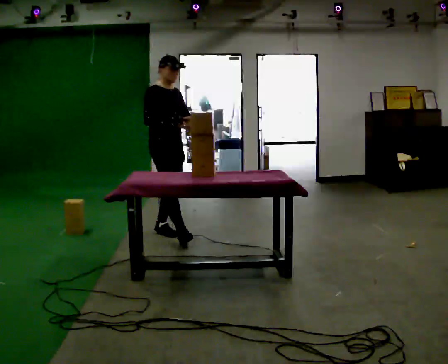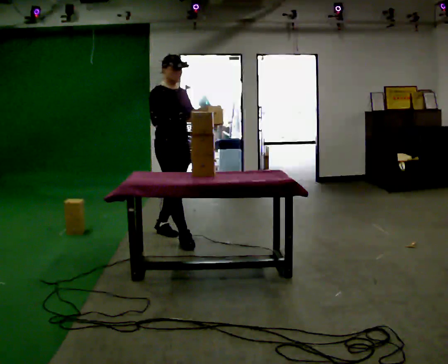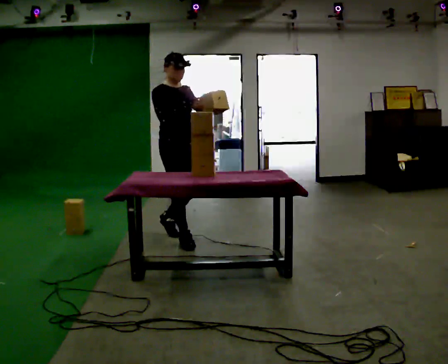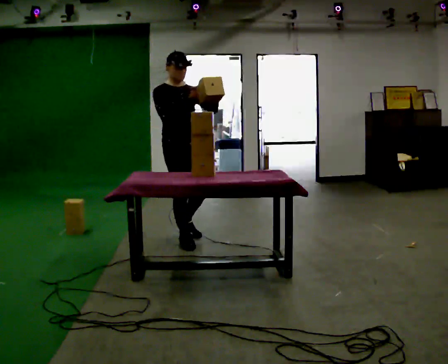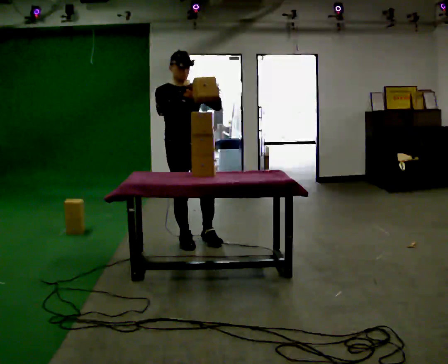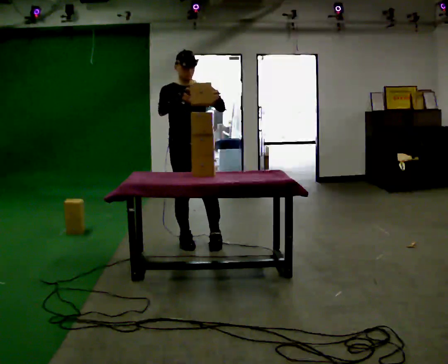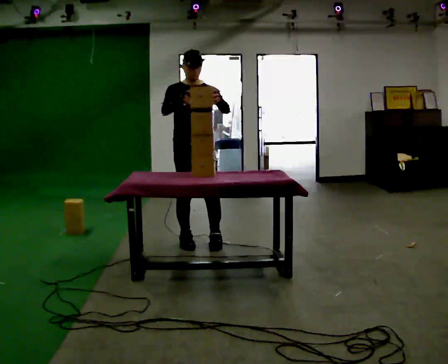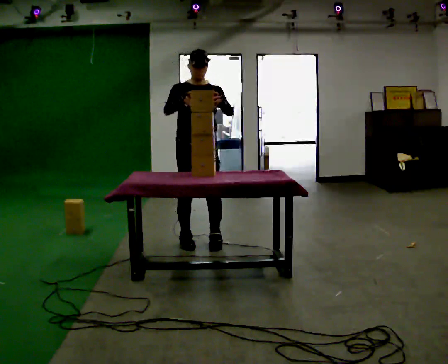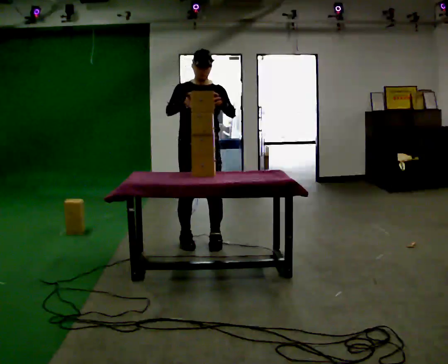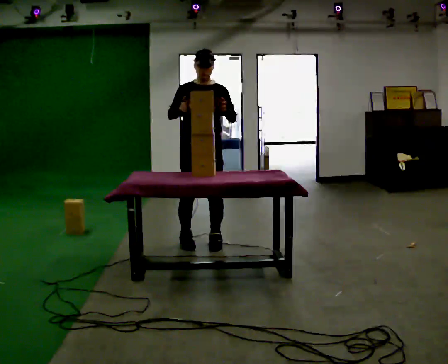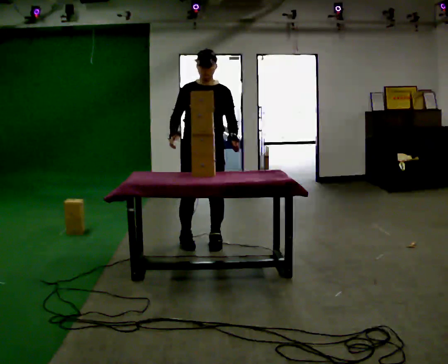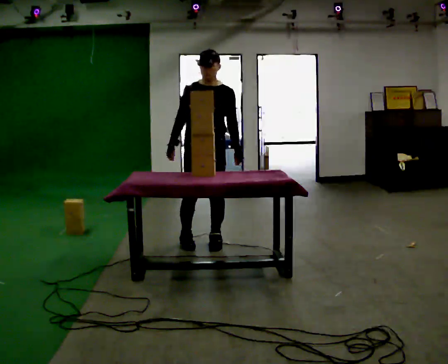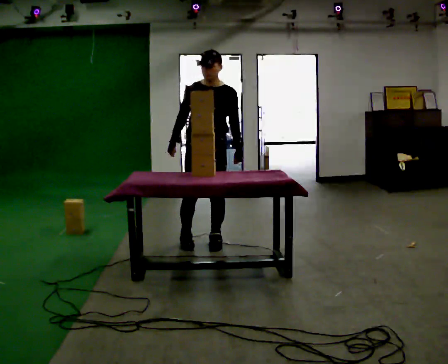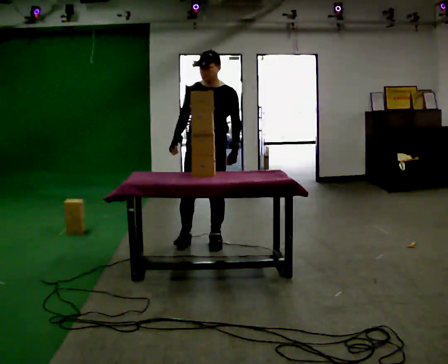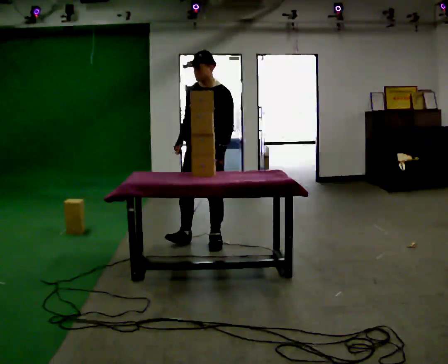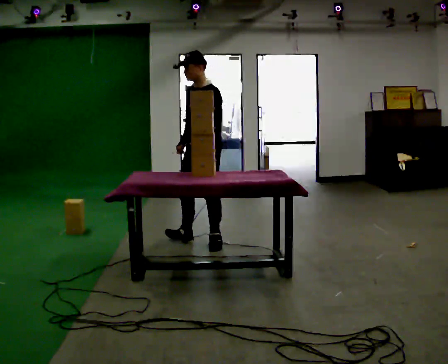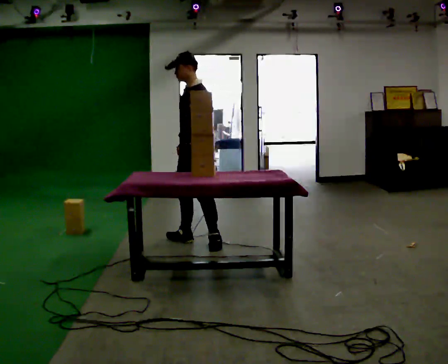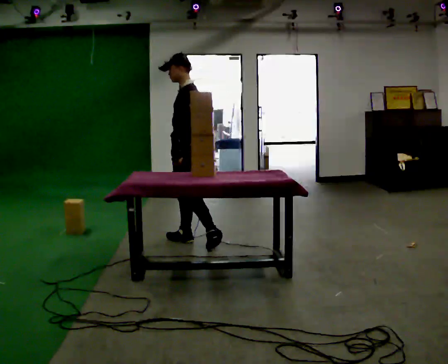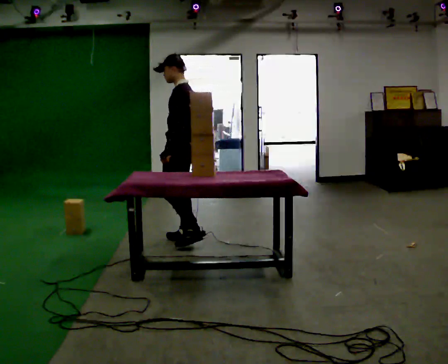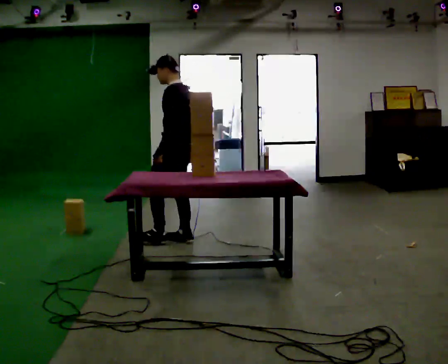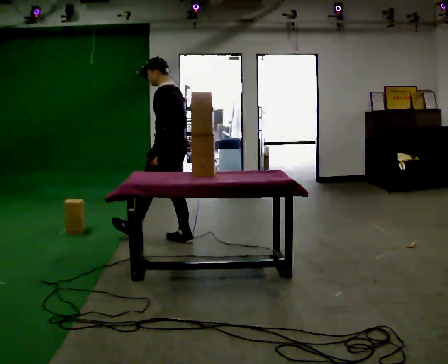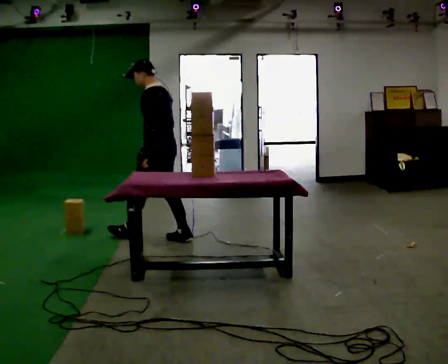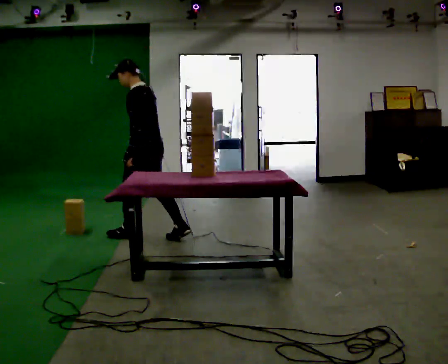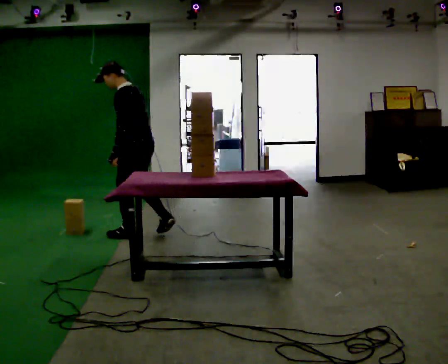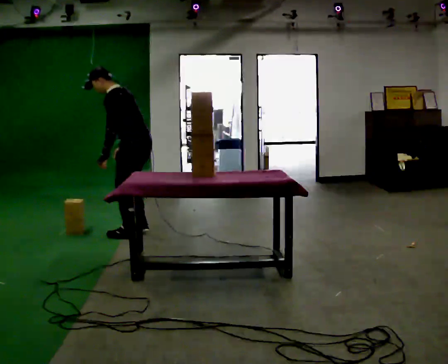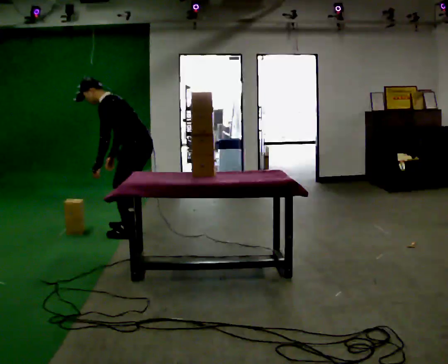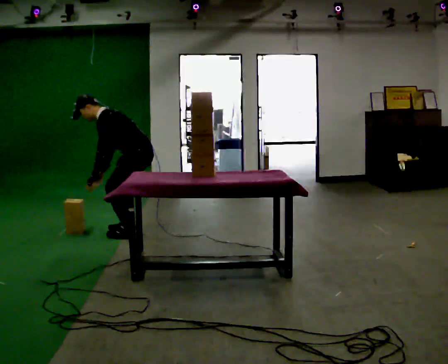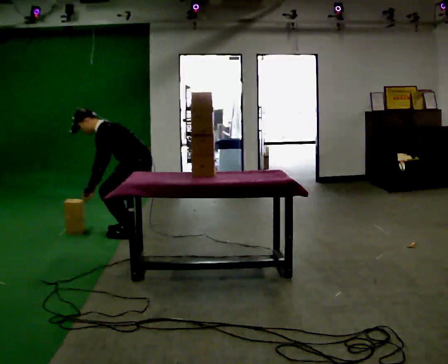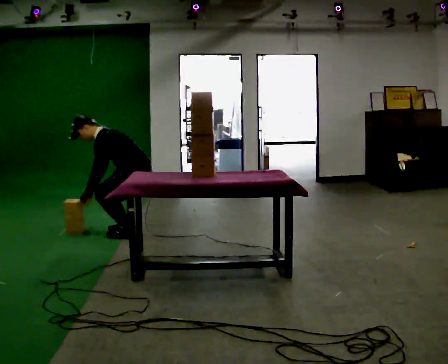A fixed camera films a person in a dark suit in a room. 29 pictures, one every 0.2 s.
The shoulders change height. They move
downward.
0.0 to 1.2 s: The person turns about 45 degrees to their right, clockwise seen from above, so the part of the body nearest the lens slides to the left. In the picture they go to the right and toward the camera, about 0.5 m in 1 step, which for them is forward.
1.2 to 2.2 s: In the picture their right hand goes downward.
2.2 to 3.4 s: The part of the body nearest the lens slides to the left as the person turns to their right by about 75 degrees. In the picture their left hand goes to the left.
3.4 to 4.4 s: The person turns about 30 degrees to their right, clockwise seen from above, so the part of the body nearest the lens slides to the left. In the picture they go to the left, about 0.5 m in 1 step, which for them is forward.
4.4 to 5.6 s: In the picture they go away from the camera, about 0.25 m in 1 step, which for them is forward and to their right. The upper body goes downward. In the picture the upper body tilts counterclockwise, shoulders to the left, as they bend forward. In the picture their right hand goes to the left and downward.
The film runs forward here.
